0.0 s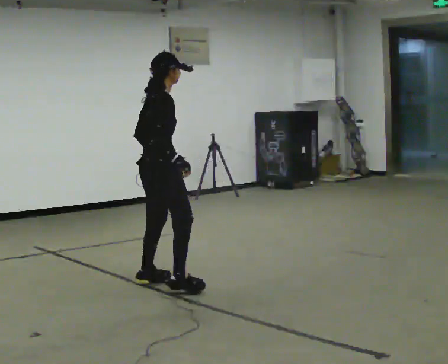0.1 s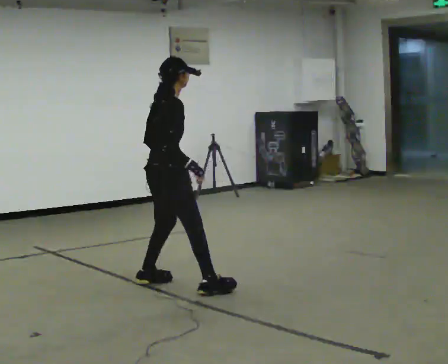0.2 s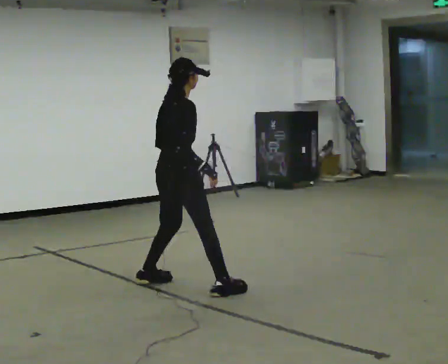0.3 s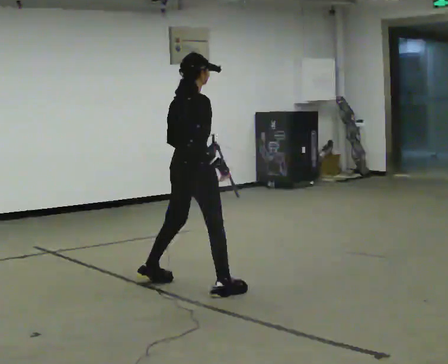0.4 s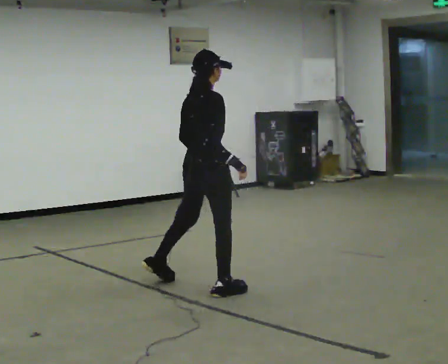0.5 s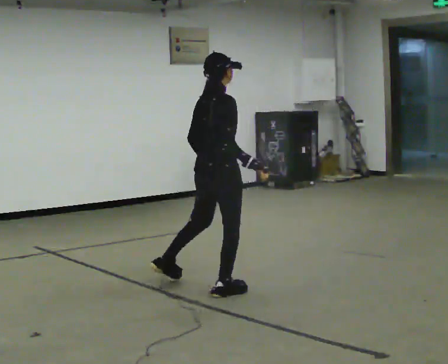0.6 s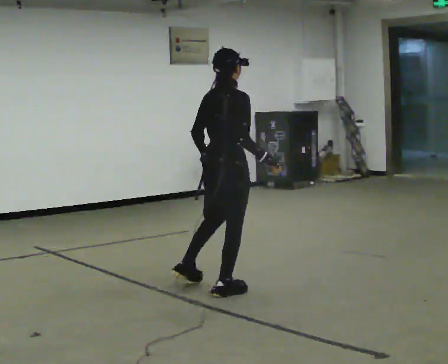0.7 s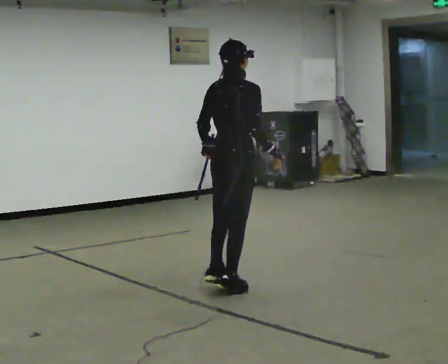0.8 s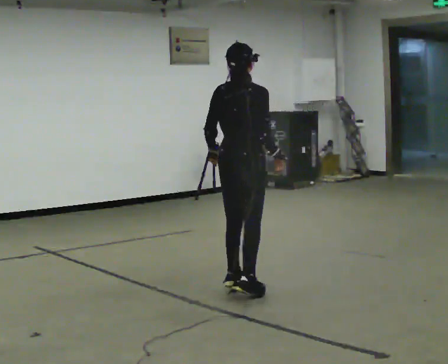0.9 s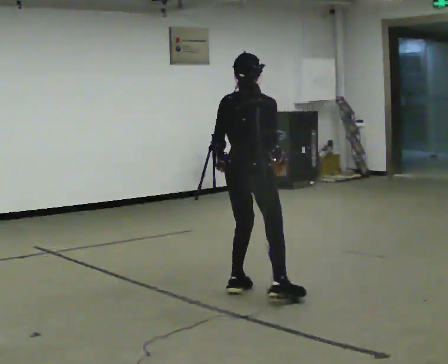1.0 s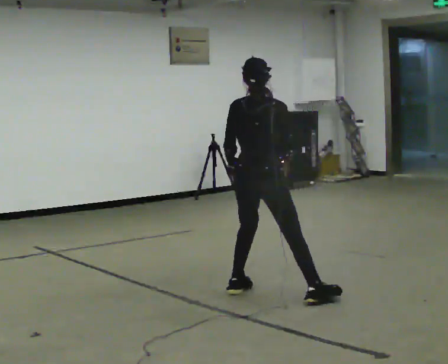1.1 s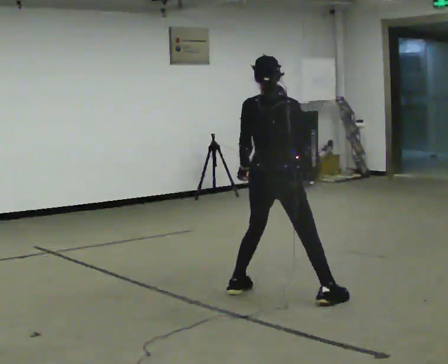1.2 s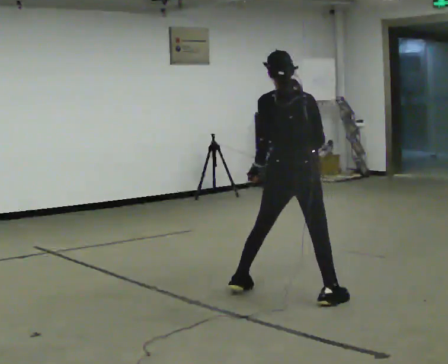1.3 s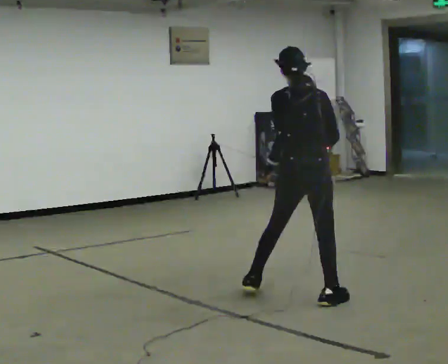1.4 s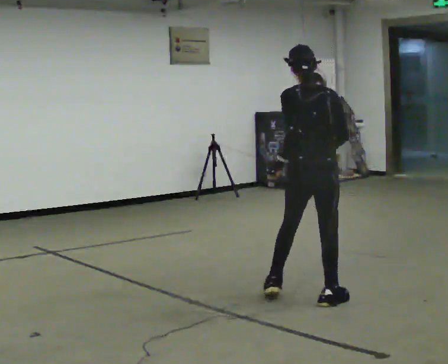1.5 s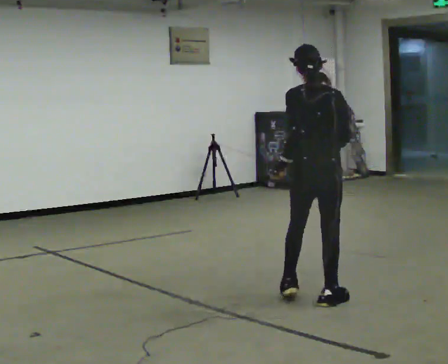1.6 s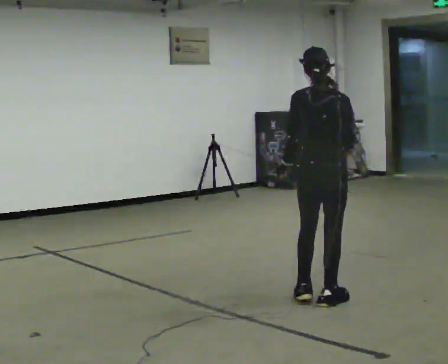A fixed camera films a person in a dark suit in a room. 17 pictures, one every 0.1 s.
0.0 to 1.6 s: Seen from above the body turns counterclockwise, about 75 degrees: to their left, with its near side sliding to the right. In the picture they go to the right and toward the camera, about 1 m in 3 steps.
The film runs backward here.
